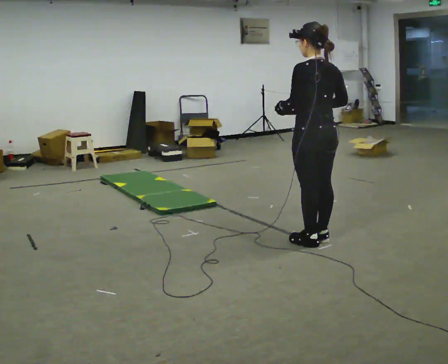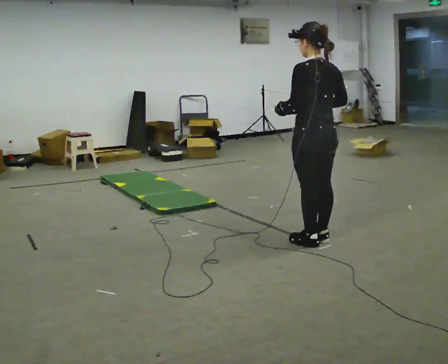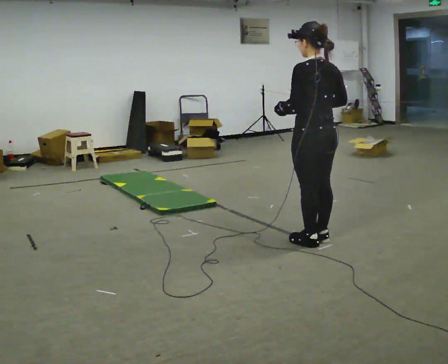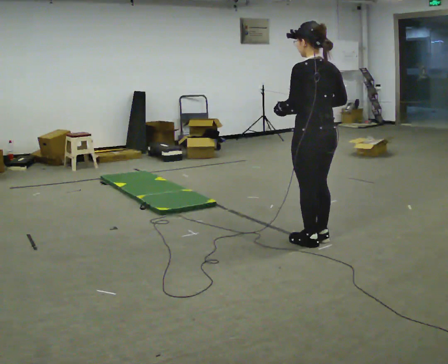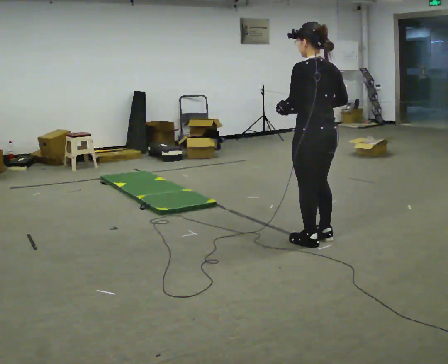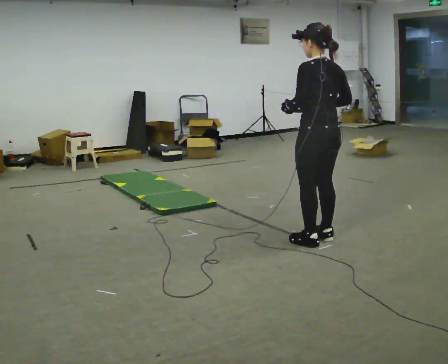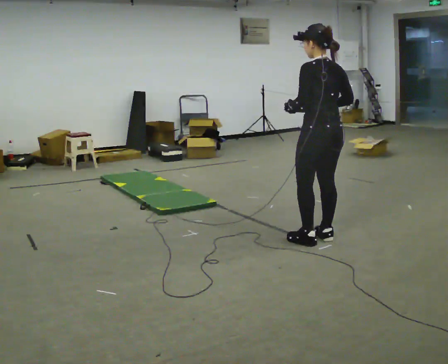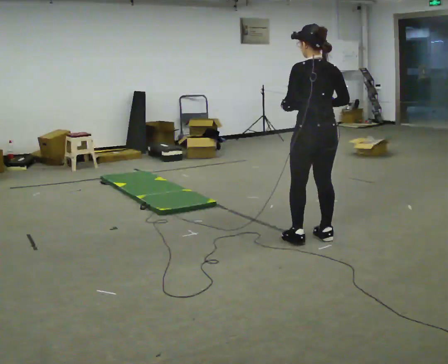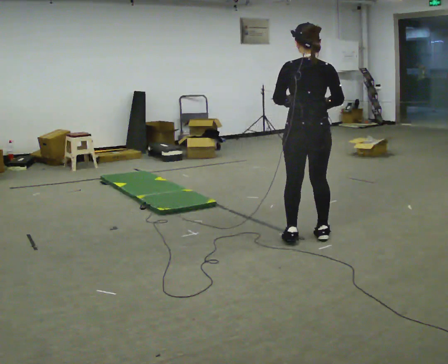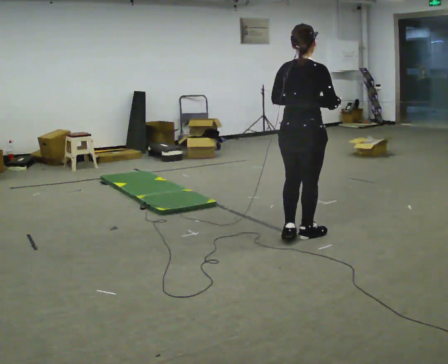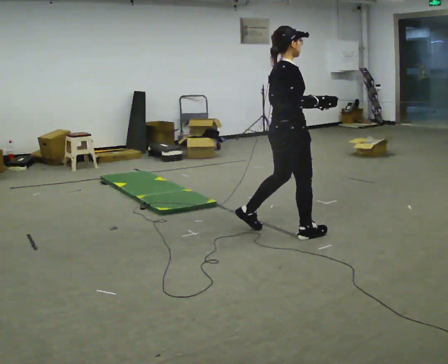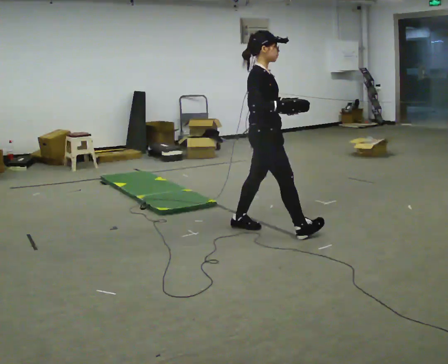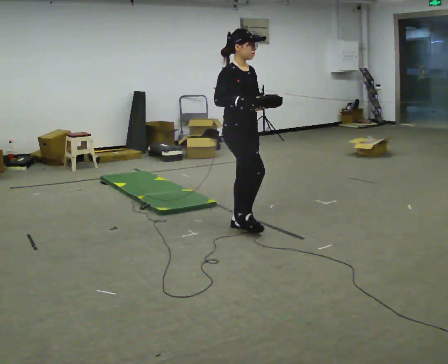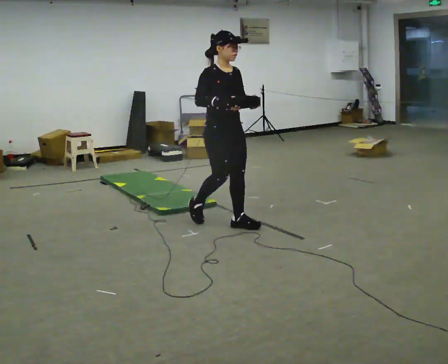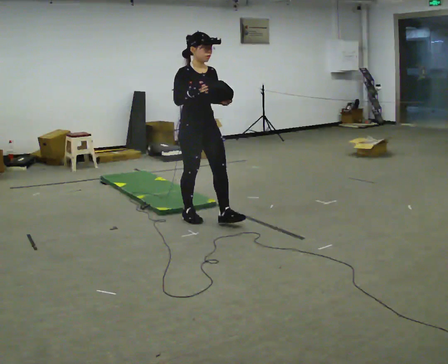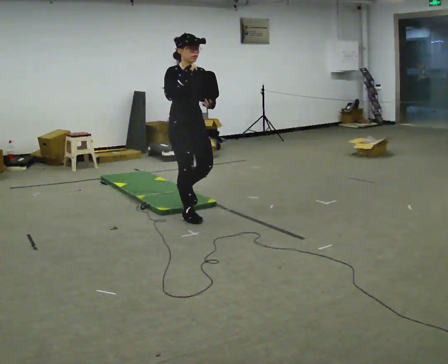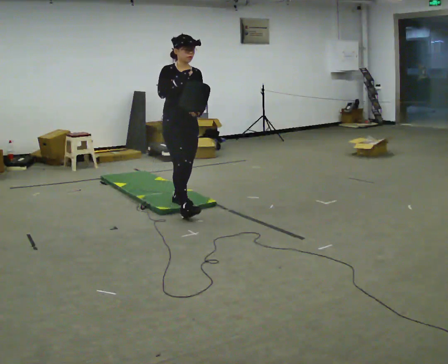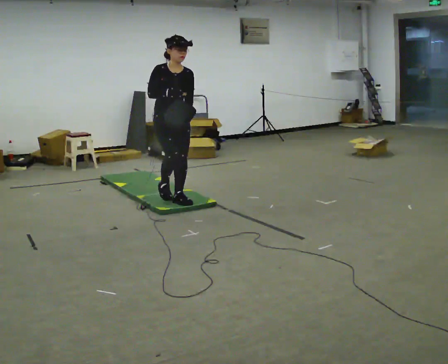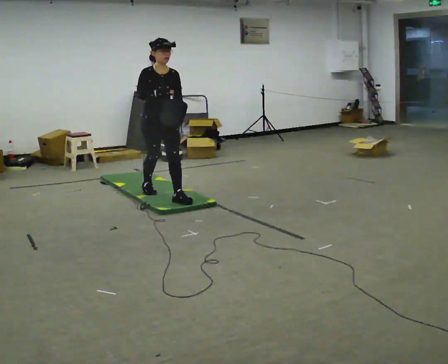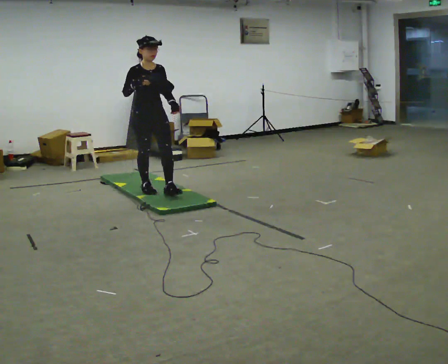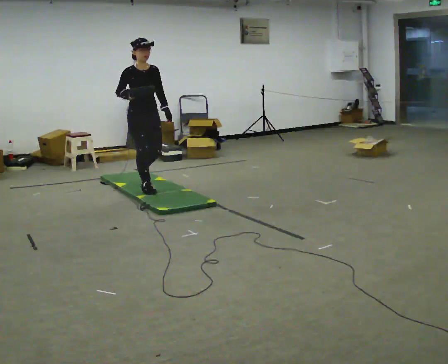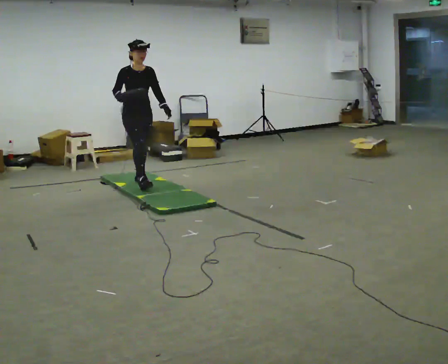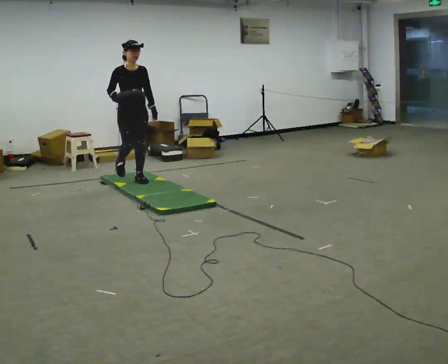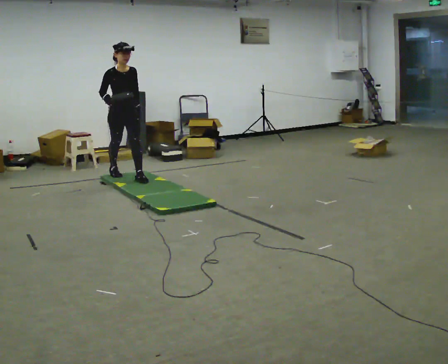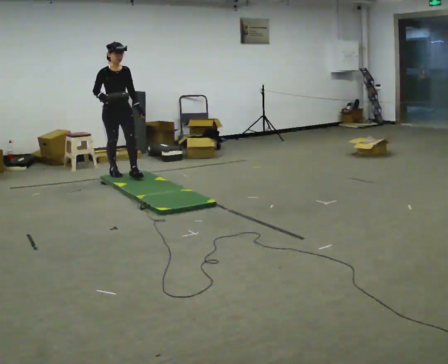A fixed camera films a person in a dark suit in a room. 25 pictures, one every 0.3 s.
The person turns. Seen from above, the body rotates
clockwise.
The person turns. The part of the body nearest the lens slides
to the left.
0.0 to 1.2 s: The person moves a little, or ends about where they began.
1.2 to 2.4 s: The person turns about 30 degrees to their right, clockwise seen from above, so the part of the body nearest the lens slides to the left. In the picture they go away from the camera, about 0.25 m in 1 step, which for them is forward.
2.4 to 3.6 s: The part of the body nearest the lens slides to the left as the person turns to their right by about 120 degrees. In the picture they go to the left and away from the camera, about 0.5 m in 2 steps.
3.6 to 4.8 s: In the picture they go to the left and away from the camera, about 0.5 m in 2 steps, which for them is backward.
4.8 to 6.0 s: In the picture they go away from the camera and to the left, about 1 m in 1 step, which for them is backward.
6.0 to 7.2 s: In the picture they go away from the camera and to the left, about 1 m in 2 steps, which for them is backward.
The film runs backward here.
